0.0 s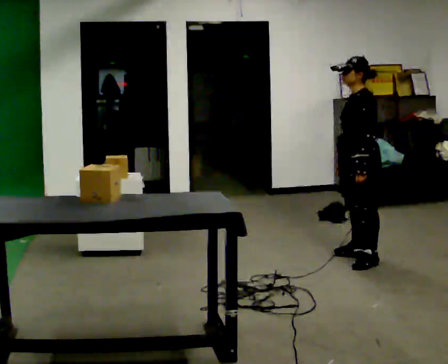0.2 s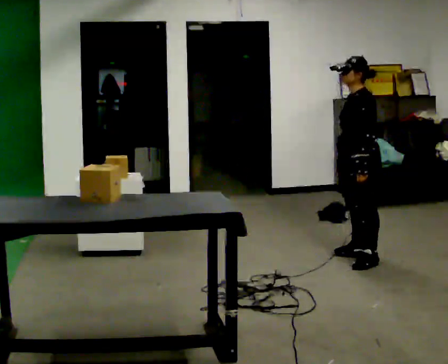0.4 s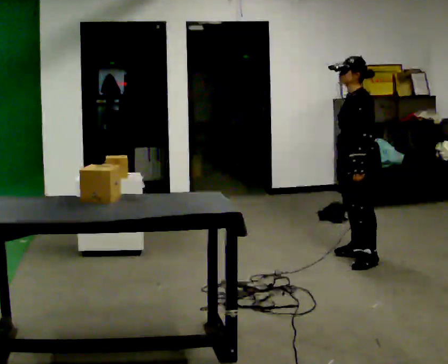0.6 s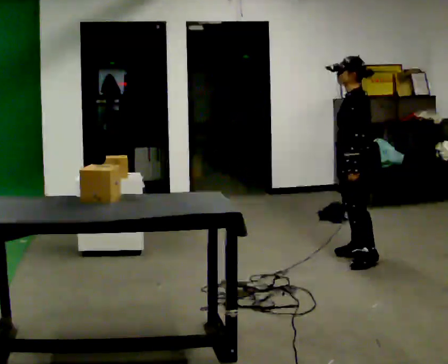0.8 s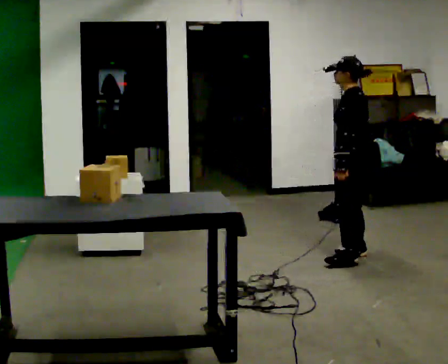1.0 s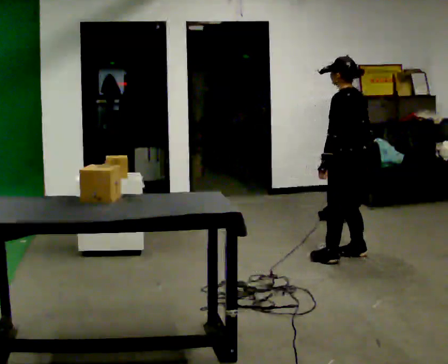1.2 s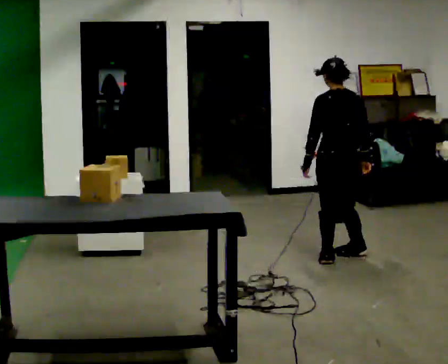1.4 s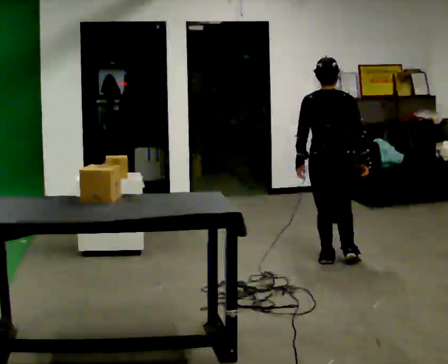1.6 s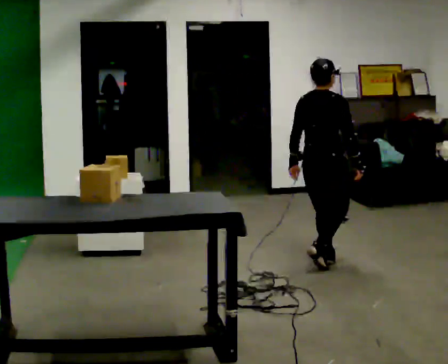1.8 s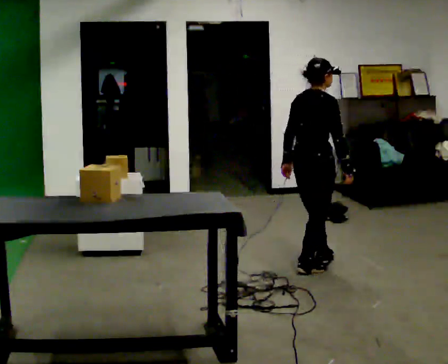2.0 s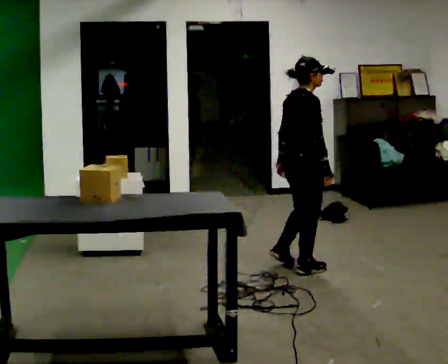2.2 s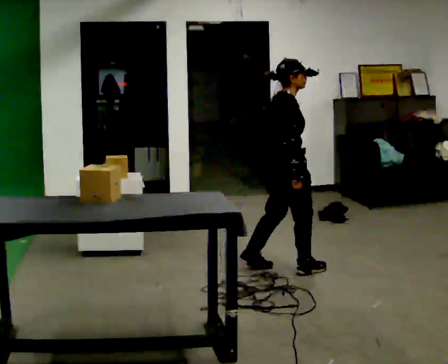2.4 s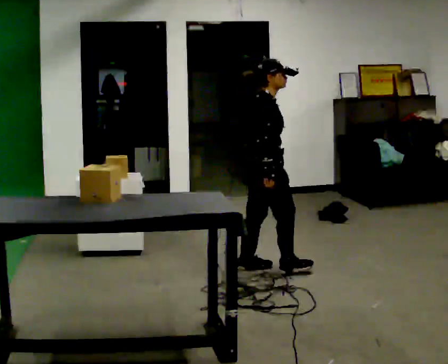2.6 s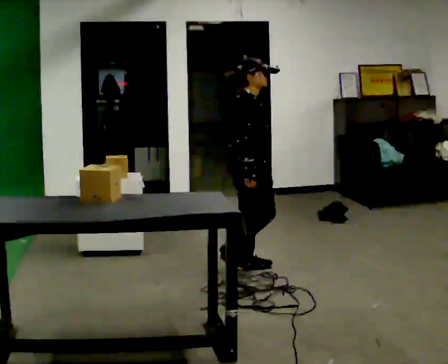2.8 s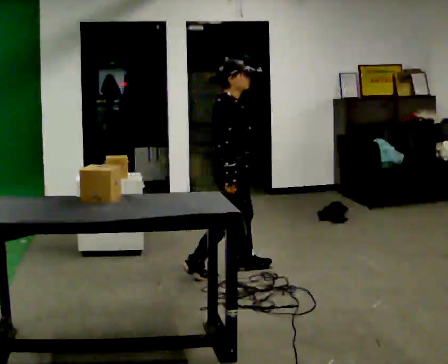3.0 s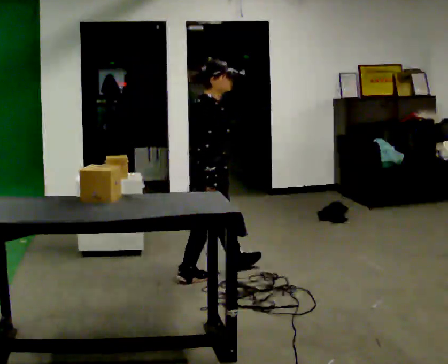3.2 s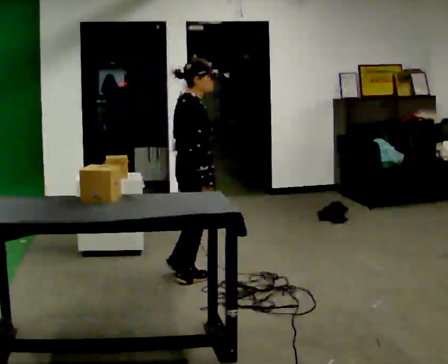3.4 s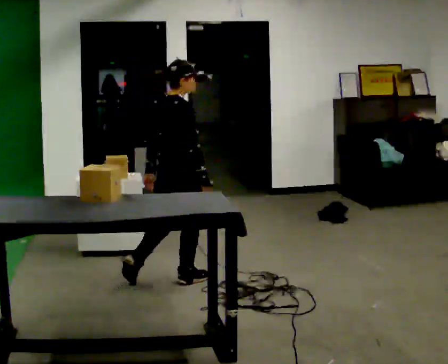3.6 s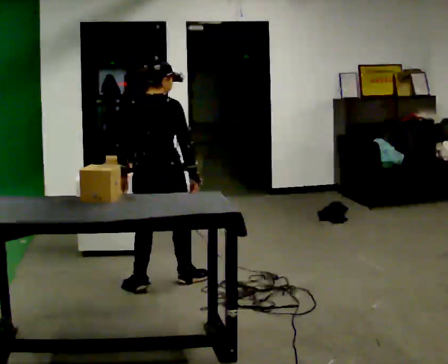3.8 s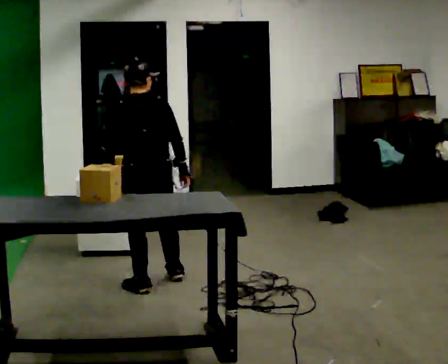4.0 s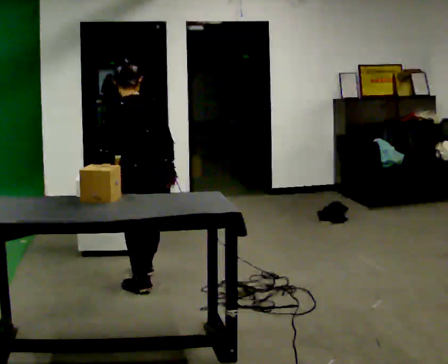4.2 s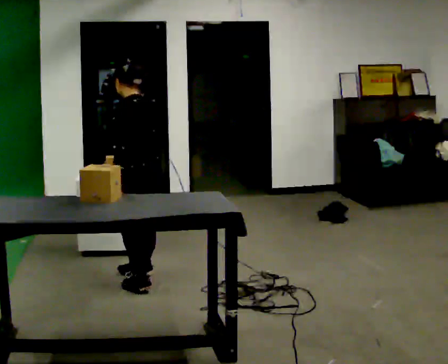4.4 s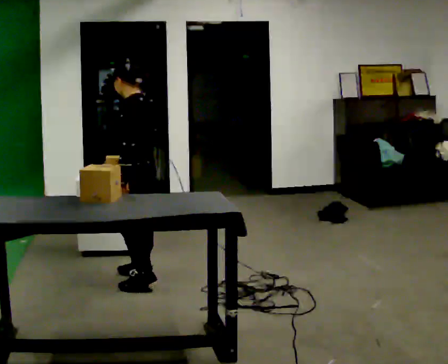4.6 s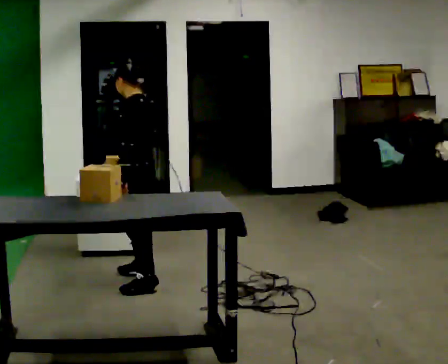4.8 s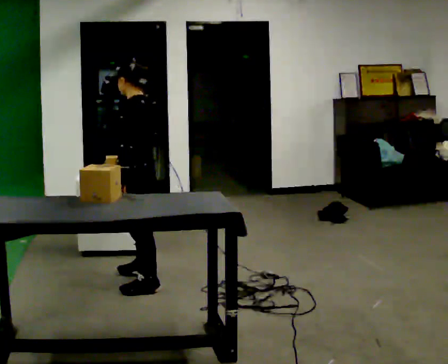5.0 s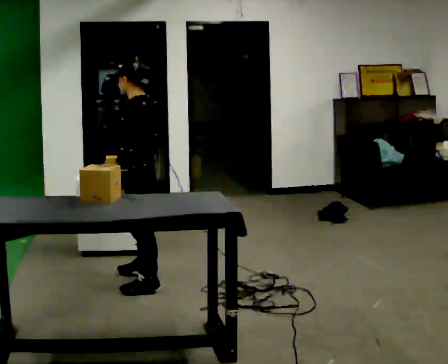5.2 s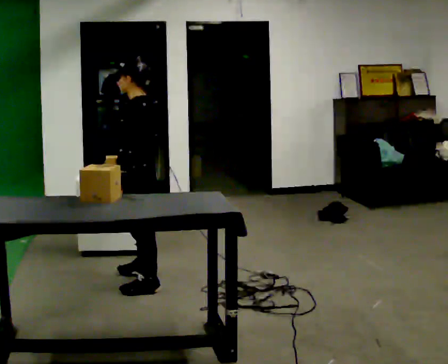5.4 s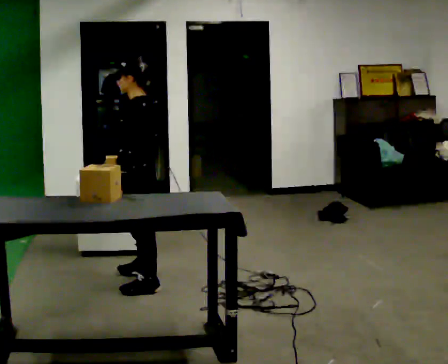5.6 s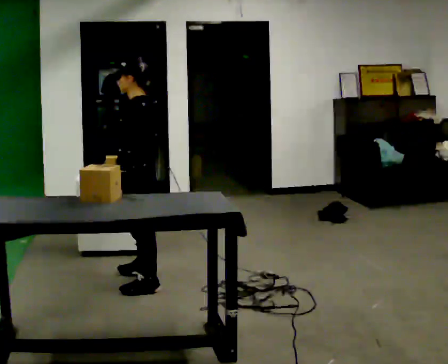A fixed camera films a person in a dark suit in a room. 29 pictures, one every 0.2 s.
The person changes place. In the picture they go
to the left.
0.0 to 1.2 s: The person turns about 75 degrees to their right, clockwise seen from above, so the part of the body nearest the lens slides to the left. In the picture their left hand goes to the left.
1.2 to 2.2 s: The person turns about 105 degrees to their right, clockwise seen from above, so the part of the body nearest the lens slides to the left. In the picture they go to the left and toward the camera, about 0.5 m in 2 steps.
2.2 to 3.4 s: In the picture they go to the left and toward the camera, about 0.5 m in 2 steps, which for them is backward.
3.4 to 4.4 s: Seen from above the body turns counterclockwise, about 135 degrees: to their left, with its near side sliding to the right. In the picture they go to the left, about 0.25 m in 1 step.
4.4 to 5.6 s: The person moves a little, or ends about where they began.
The film runs backward here.
